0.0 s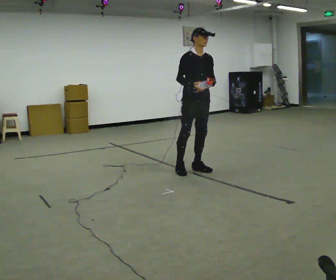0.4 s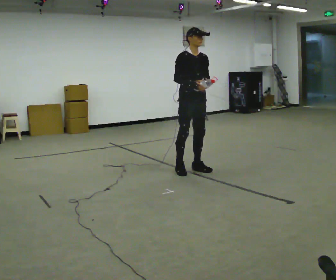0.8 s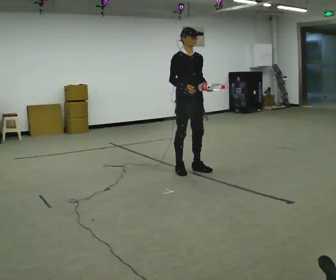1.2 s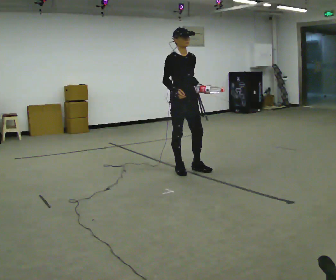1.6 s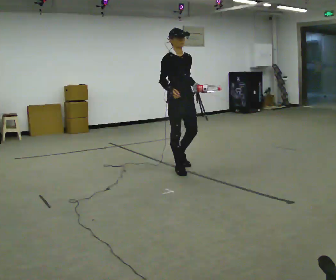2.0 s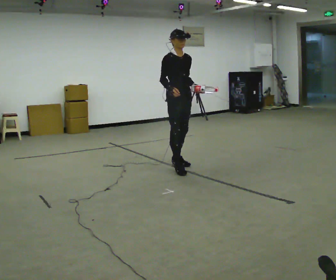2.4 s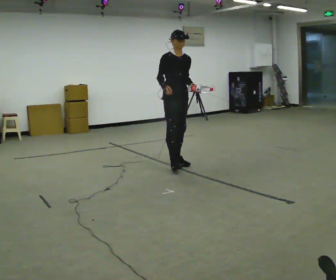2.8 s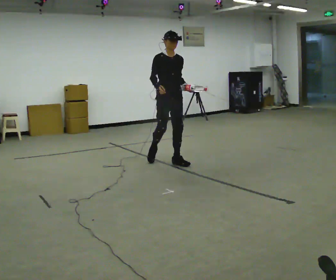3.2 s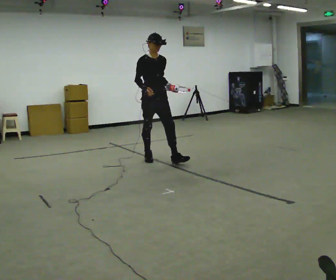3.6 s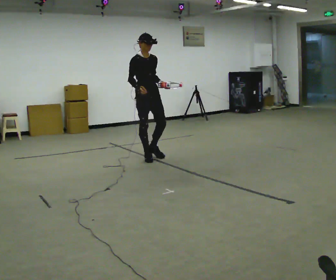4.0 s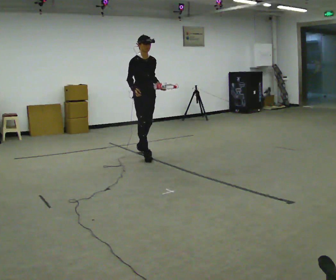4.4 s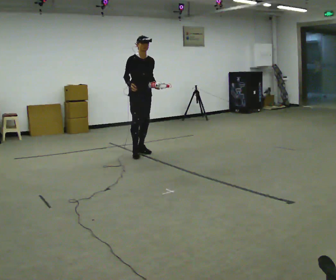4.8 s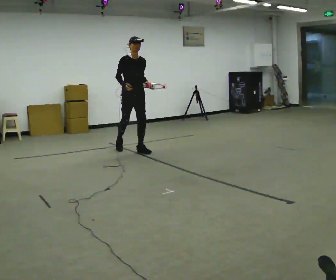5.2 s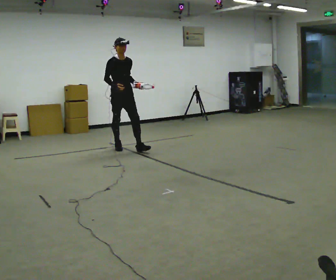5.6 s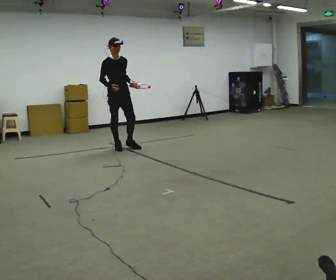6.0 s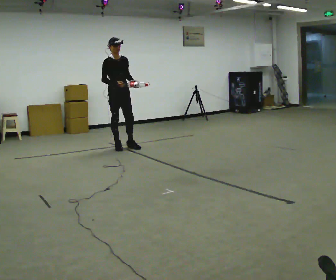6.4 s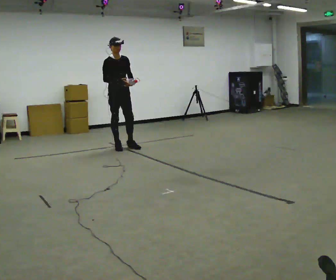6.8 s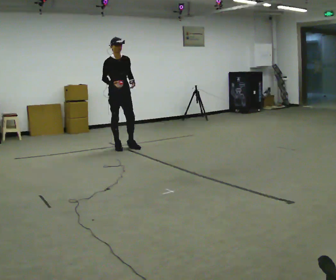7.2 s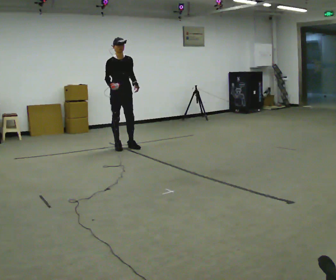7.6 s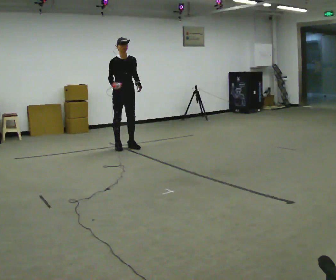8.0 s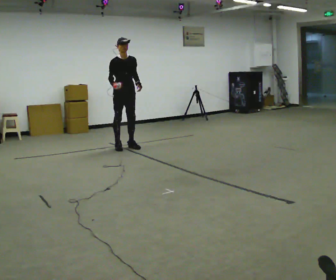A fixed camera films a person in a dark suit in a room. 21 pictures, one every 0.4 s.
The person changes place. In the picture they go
away from the camera.
0.0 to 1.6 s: In the picture they go to the left, about 0.25 m in 1 step, which for them is to their right and backward.
1.6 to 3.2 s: In the picture they go away from the camera and to the left, about 0.5 m in 1 step, which for them is backward.
3.2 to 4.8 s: In the picture they go away from the camera and to the left, about 0.75 m in 2 steps, which for them is backward.
4.8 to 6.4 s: In the picture they go to the left and away from the camera, about 0.25 m in 1 step, which for them is backward.
6.4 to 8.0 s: The person moves a little, or ends about where they began.
The film runs backward here.
